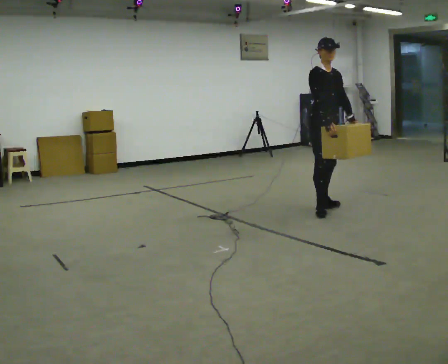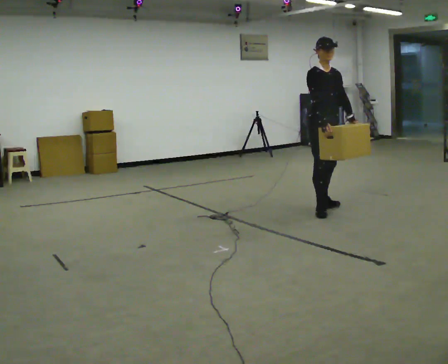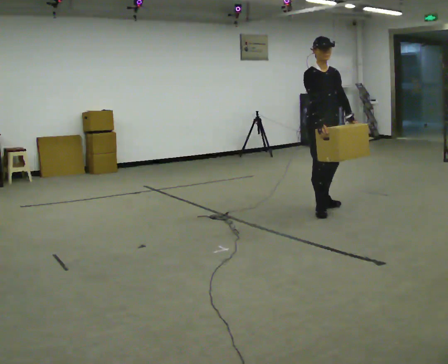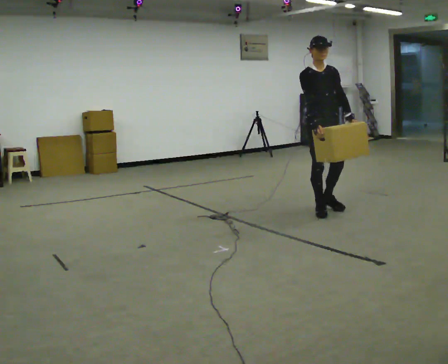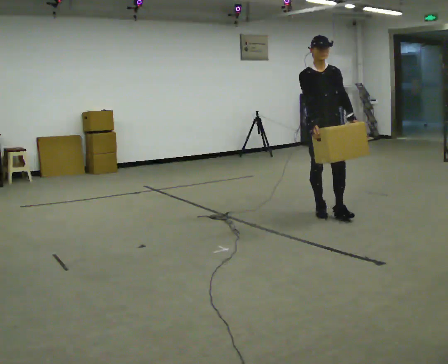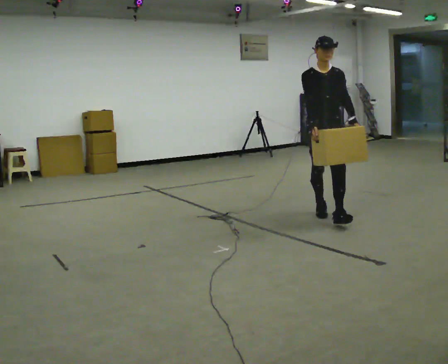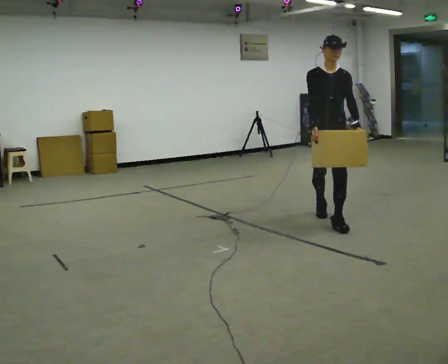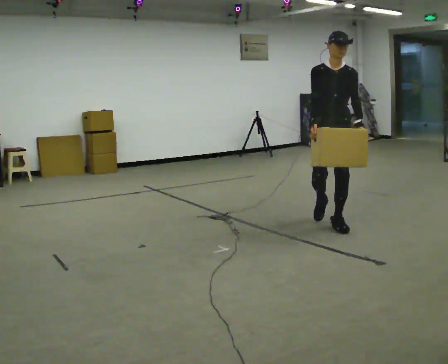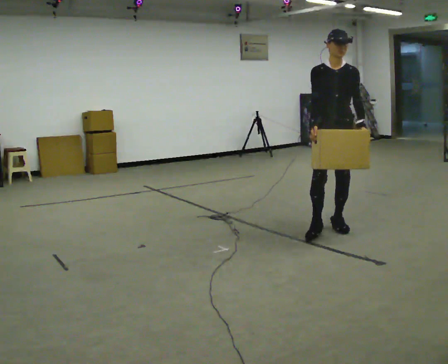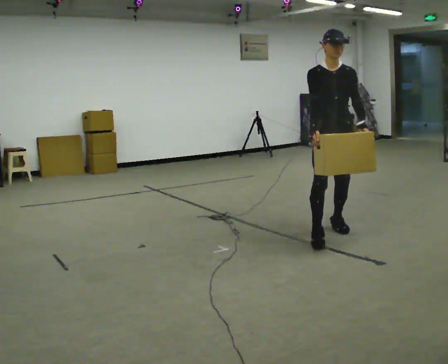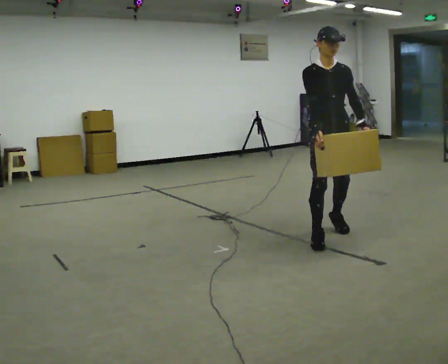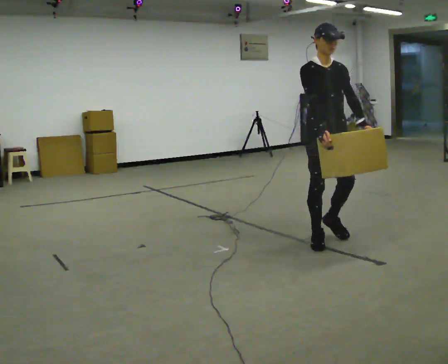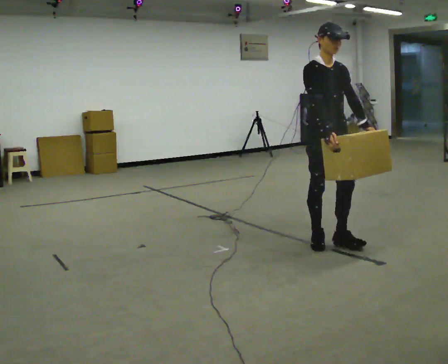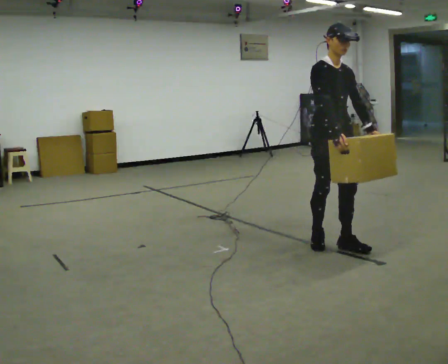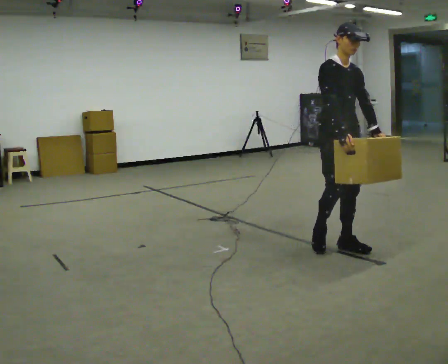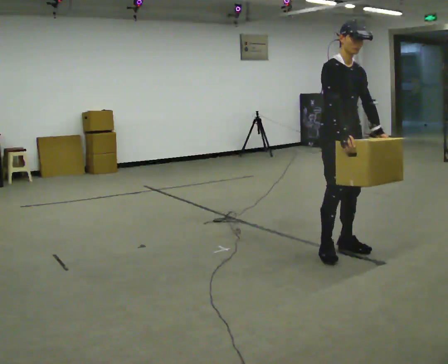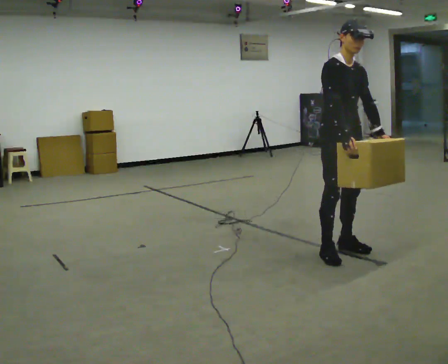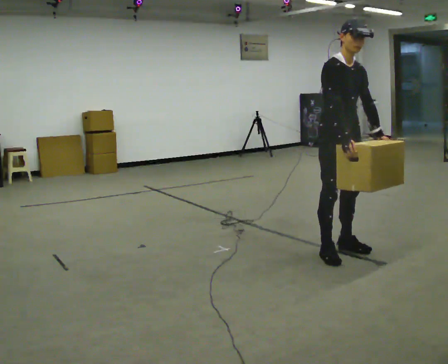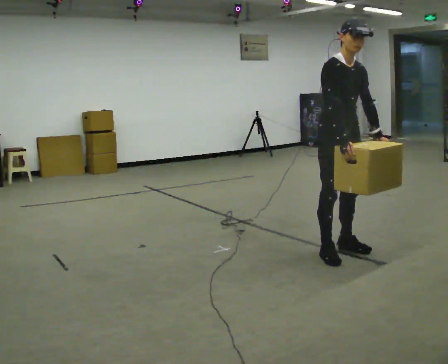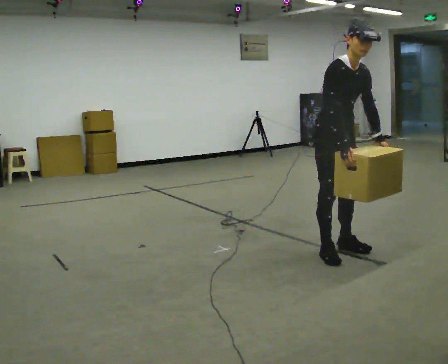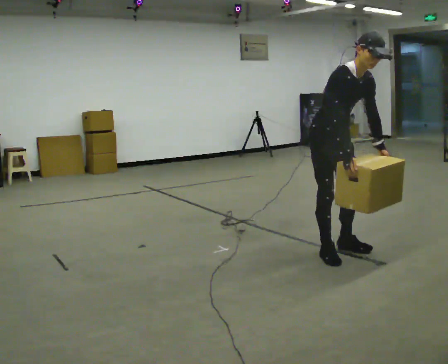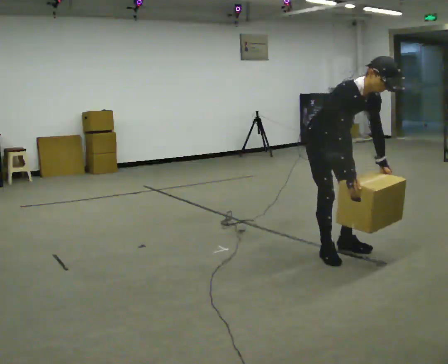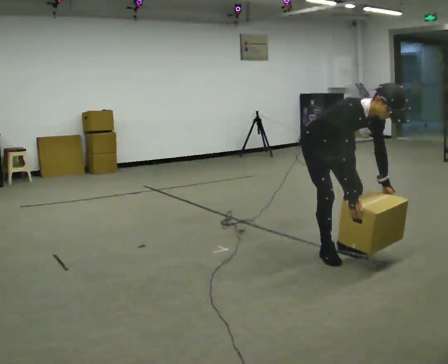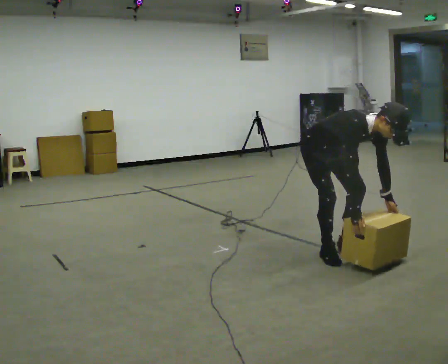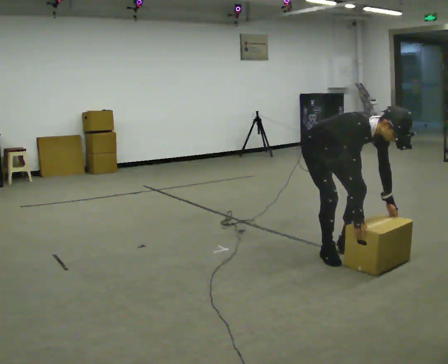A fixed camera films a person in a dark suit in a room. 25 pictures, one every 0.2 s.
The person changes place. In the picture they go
toward the camera.
The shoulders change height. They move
downward.
0.0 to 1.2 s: The part of the body nearest the lens slides to the left as the person turns to their right by about 45 degrees. In the picture they go toward the camera, about 0.5 m in 1 step, which for them is forward and to their right.
1.2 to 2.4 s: The part of the body nearest the lens slides to the right as the person turns to their left by about 30 degrees. In the picture they go toward the camera, about 0.75 m in 1 step, which for them is forward and to their right.
2.4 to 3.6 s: In the picture they go toward the camera, about 0.25 m in 2 steps, which for them is forward.
3.6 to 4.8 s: The upper body goes downward. In the picture the upper body tilts clockwise, shoulders to the right, as they bend forward. In the picture their right hand goes downward.
The film runs forward here.
